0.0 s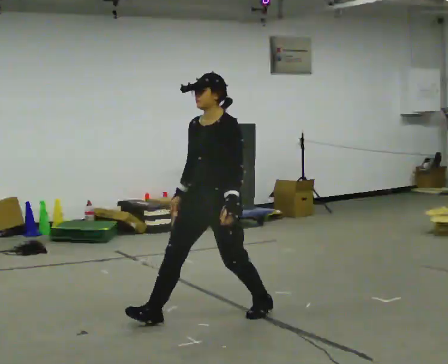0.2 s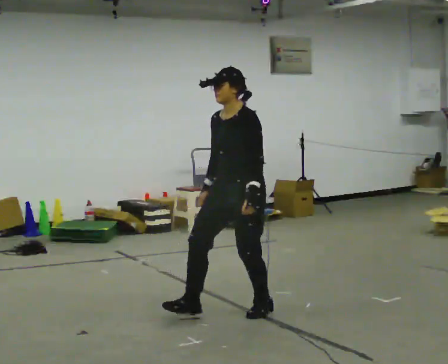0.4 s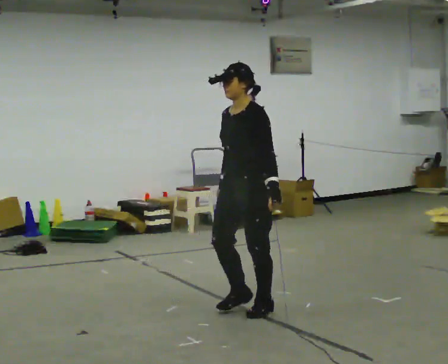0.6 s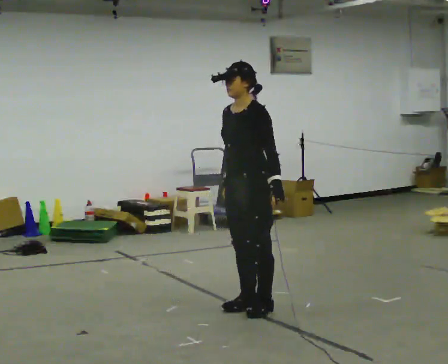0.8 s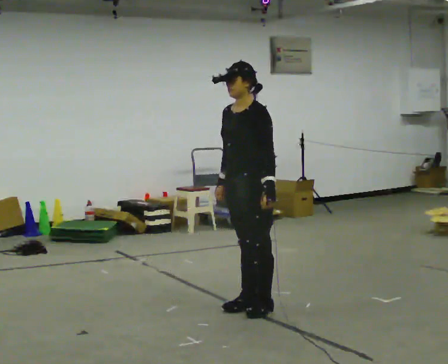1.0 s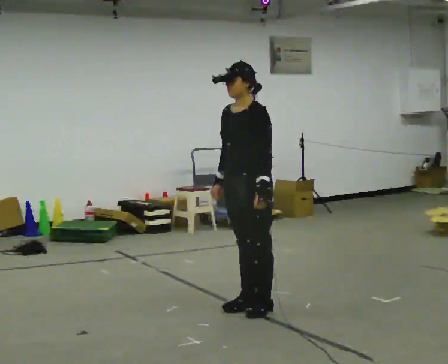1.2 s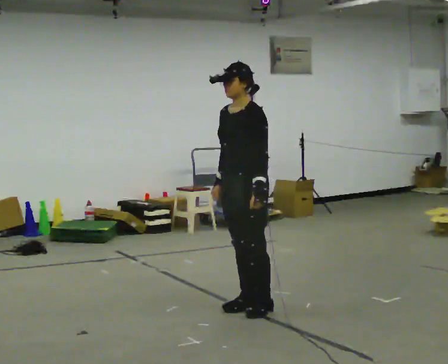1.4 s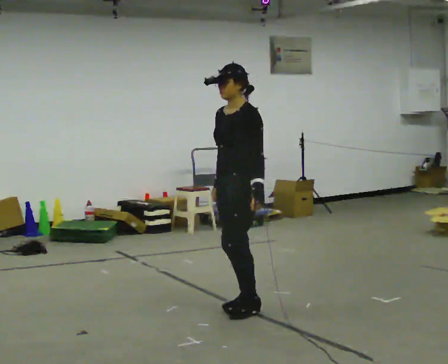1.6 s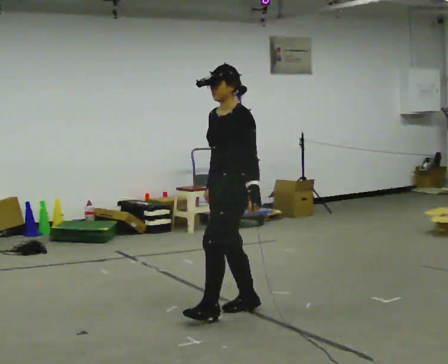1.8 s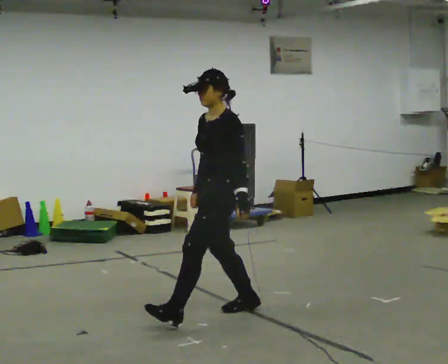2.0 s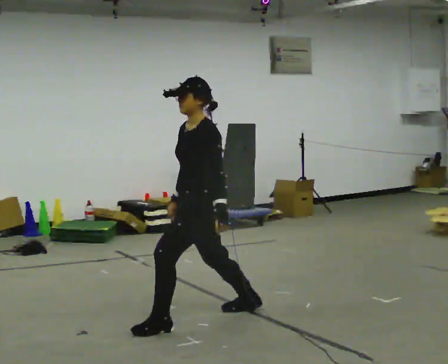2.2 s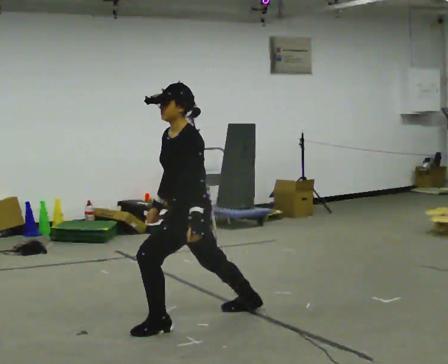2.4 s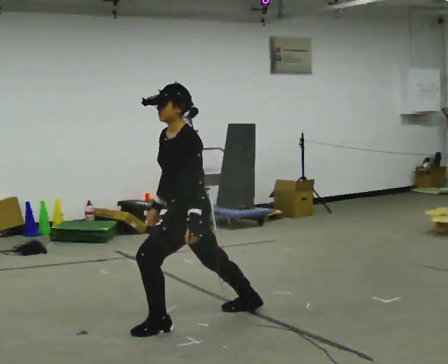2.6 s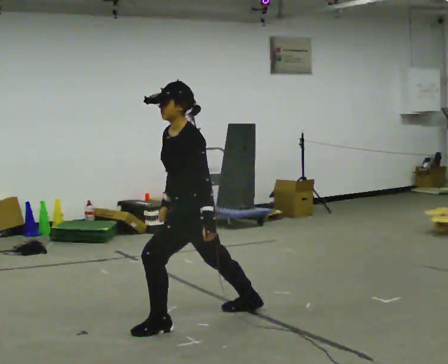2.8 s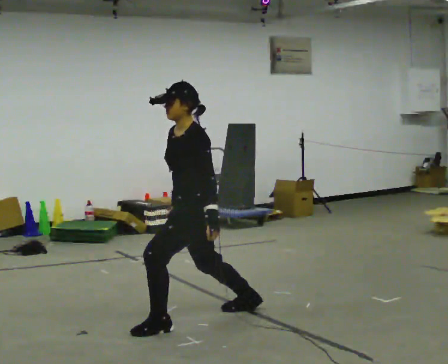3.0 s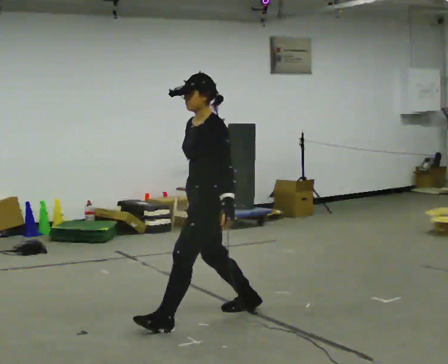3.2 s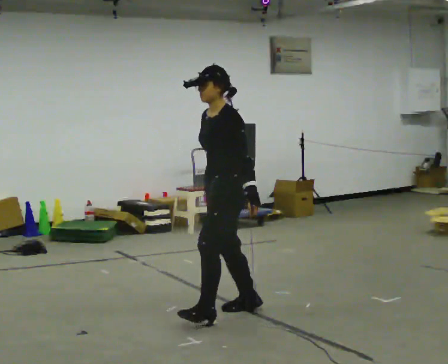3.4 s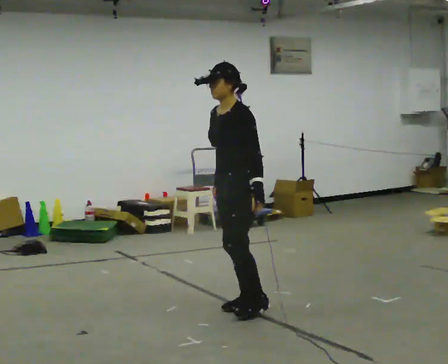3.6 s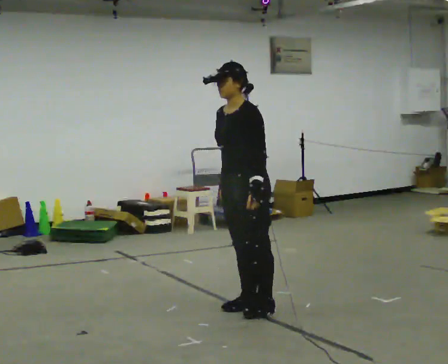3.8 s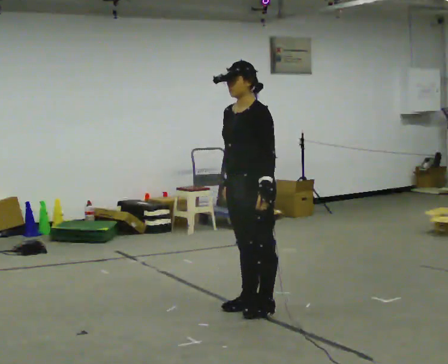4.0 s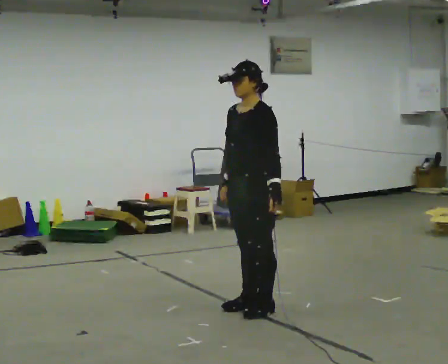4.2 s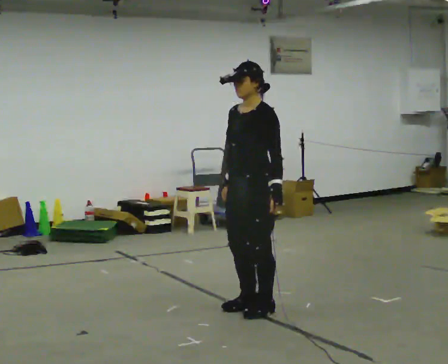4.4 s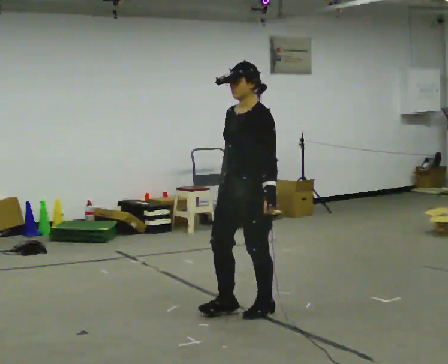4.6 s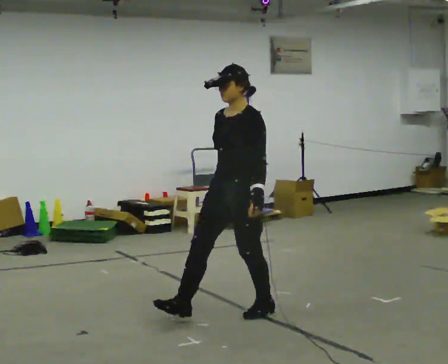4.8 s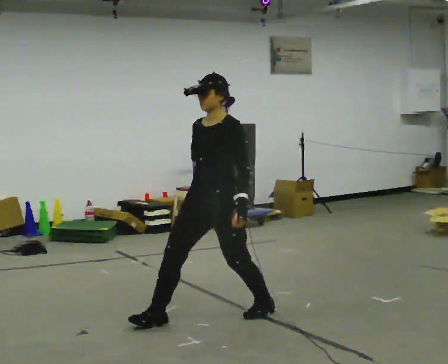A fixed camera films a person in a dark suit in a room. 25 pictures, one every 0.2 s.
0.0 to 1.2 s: In the picture they go away from the camera, about 0.25 m in 1 step, which for them is backward.
1.2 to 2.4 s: In the picture they go to the left and toward the camera, about 0.5 m in 1 step, which for them is forward and to their left.
2.4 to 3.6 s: In the picture they go to the right and away from the camera, about 0.5 m in 1 step, which for them is backward.
3.6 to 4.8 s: In the picture they go to the left and toward the camera, about 0.25 m in 1 step, which for them is forward.
The film runs forward here.
